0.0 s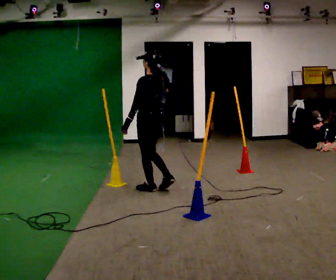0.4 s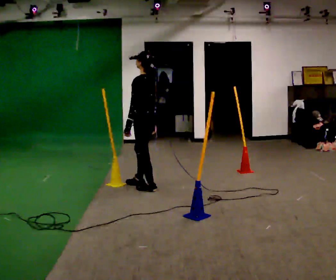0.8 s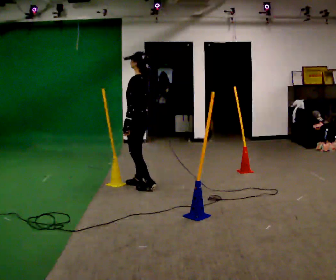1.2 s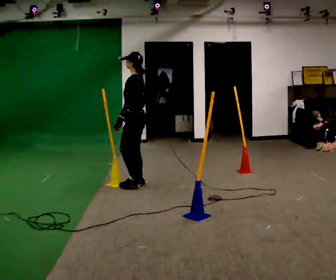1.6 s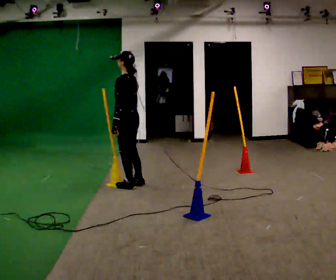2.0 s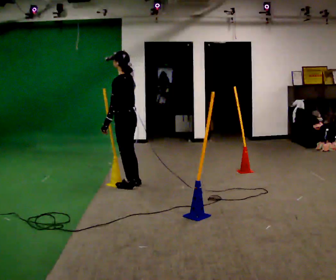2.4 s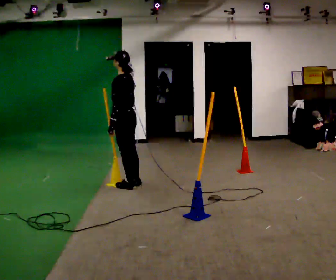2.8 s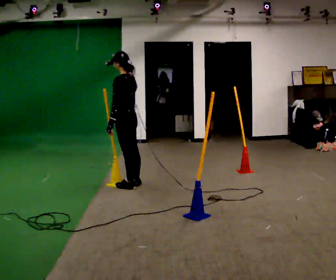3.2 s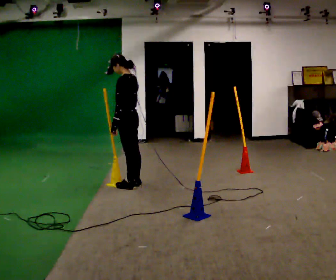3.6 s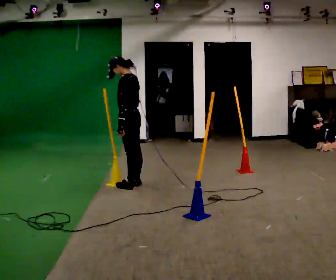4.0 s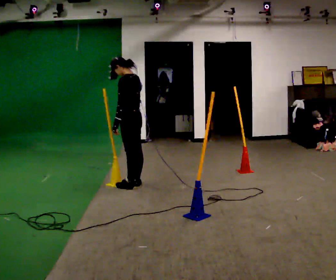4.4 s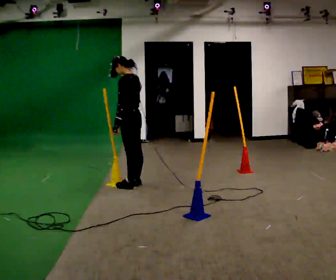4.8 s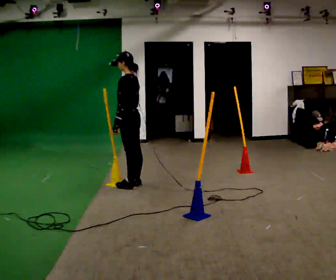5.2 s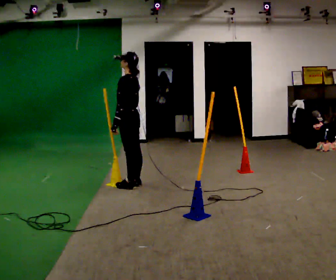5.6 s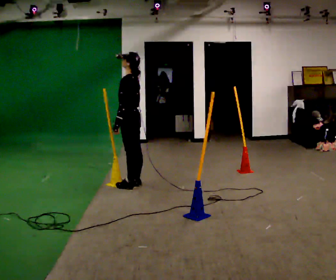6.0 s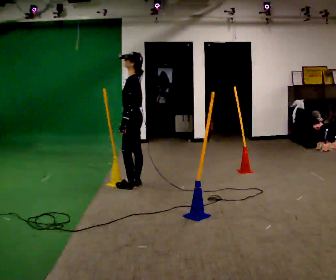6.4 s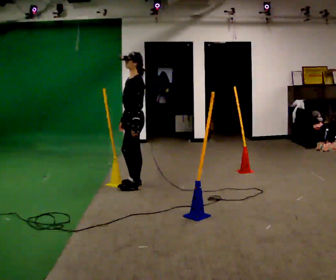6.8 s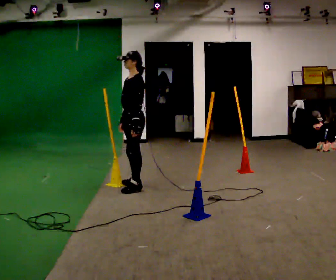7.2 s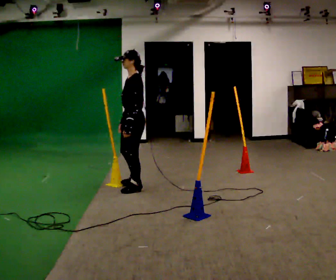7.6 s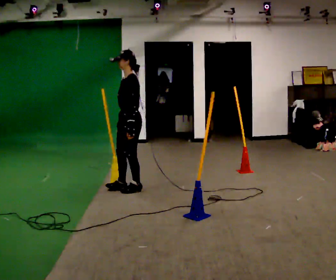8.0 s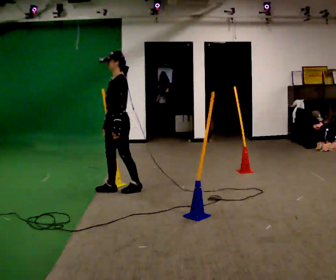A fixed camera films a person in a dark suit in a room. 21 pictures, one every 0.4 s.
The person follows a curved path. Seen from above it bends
counterclockwise.
0.0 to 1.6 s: In the picture they go to the left and away from the camera, about 0.25 m in 2 steps, which for them is forward.
1.6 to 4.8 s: The person moves a little, or ends about where they began.
4.8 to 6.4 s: Seen from above the body turns counterclockwise, about 30 degrees: to their left, with its near side sliding to the right.
6.4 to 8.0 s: In the picture they go toward the camera and to the left, about 0.25 m in 1 step, which for them is forward and to their left.
The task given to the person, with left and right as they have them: Walk back and forth across the room at a normal pace, looking ahead. There may be something on the floor. Recover however comes naturally and carry on.
The film runs forward here.
